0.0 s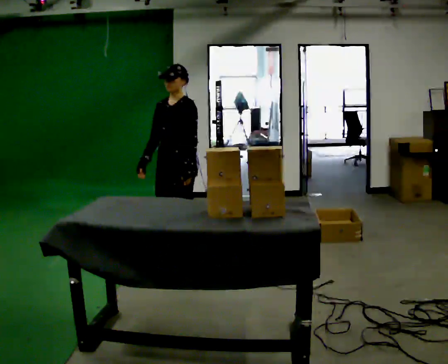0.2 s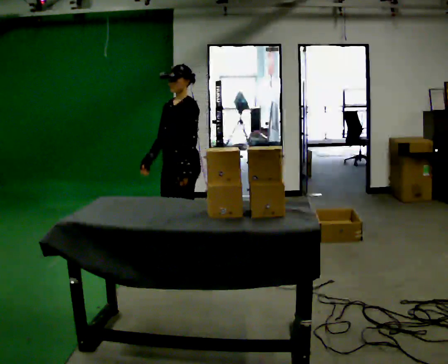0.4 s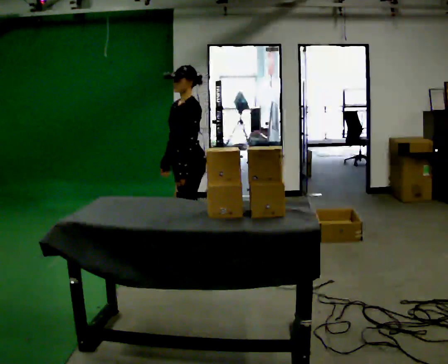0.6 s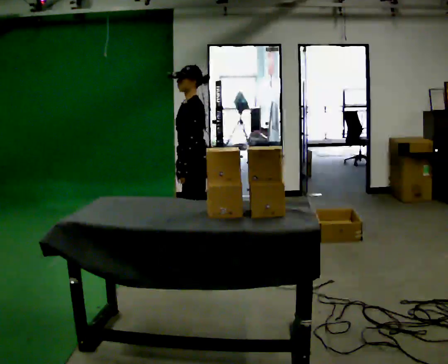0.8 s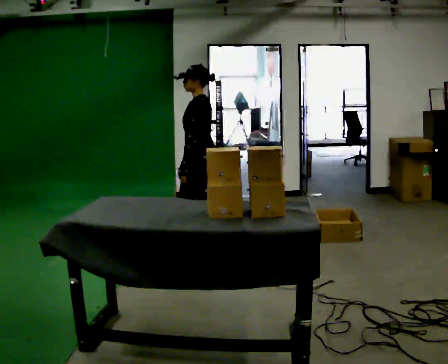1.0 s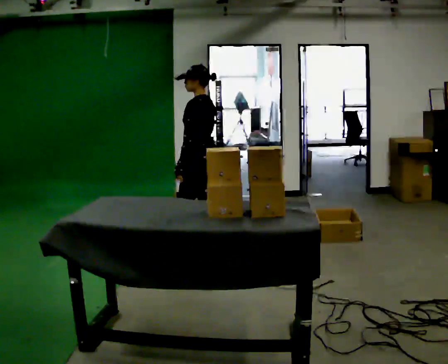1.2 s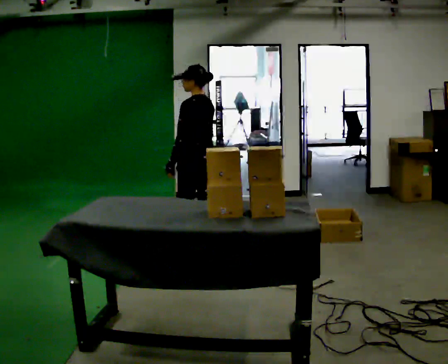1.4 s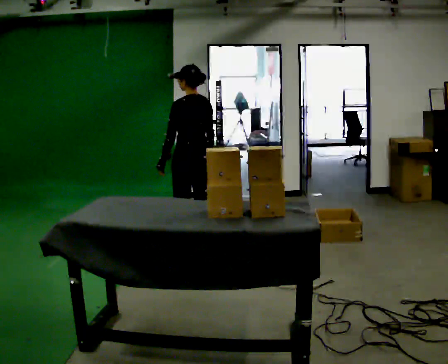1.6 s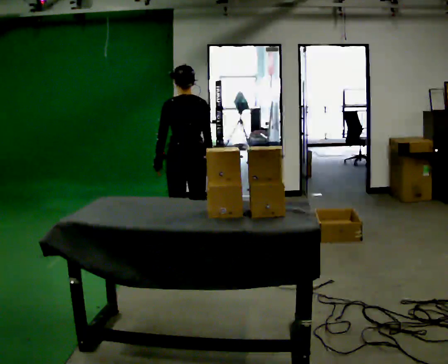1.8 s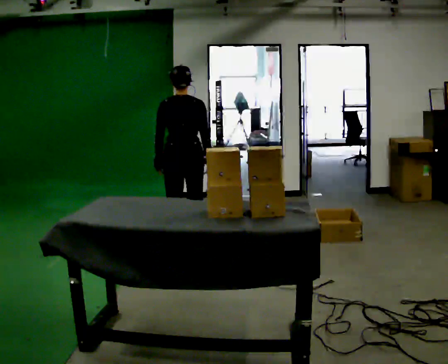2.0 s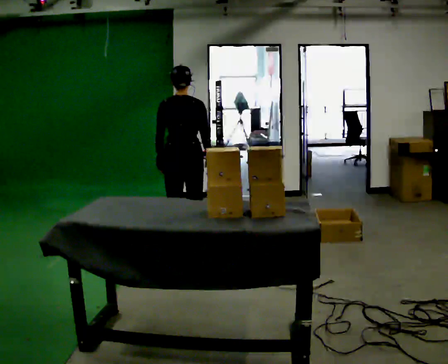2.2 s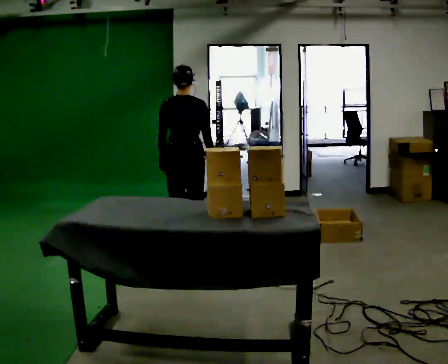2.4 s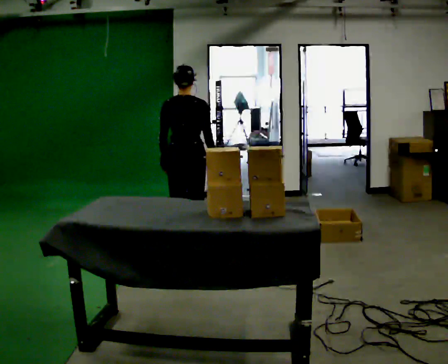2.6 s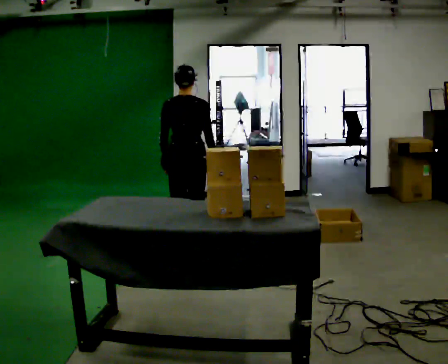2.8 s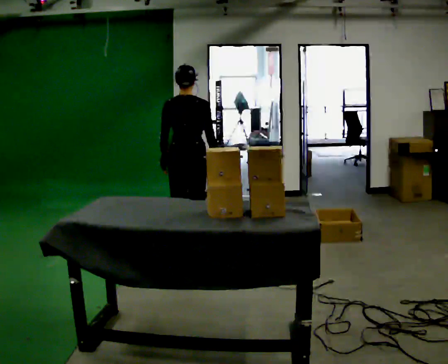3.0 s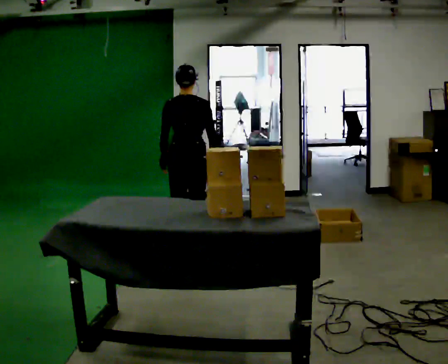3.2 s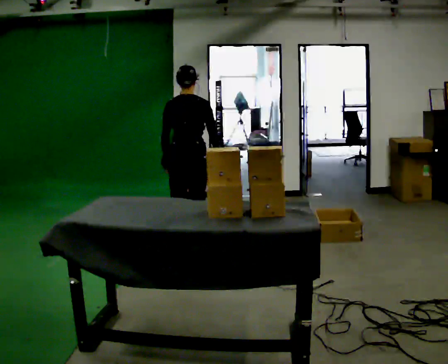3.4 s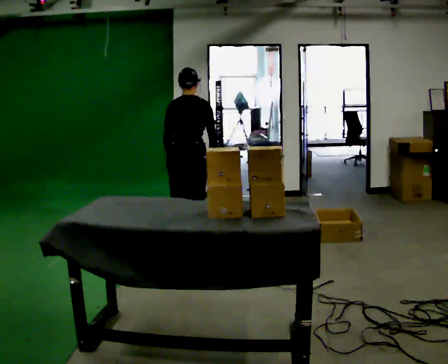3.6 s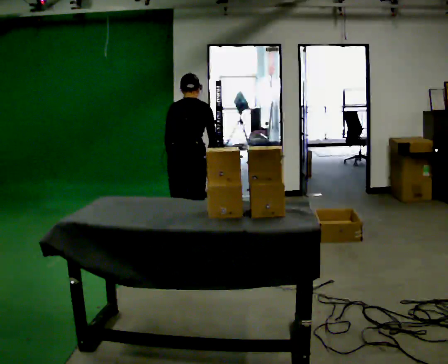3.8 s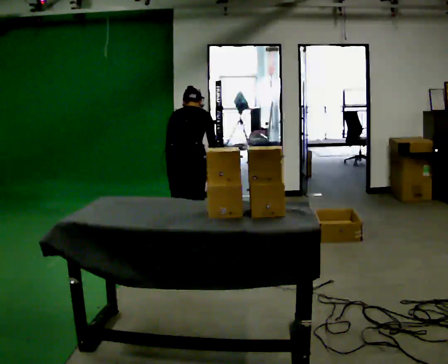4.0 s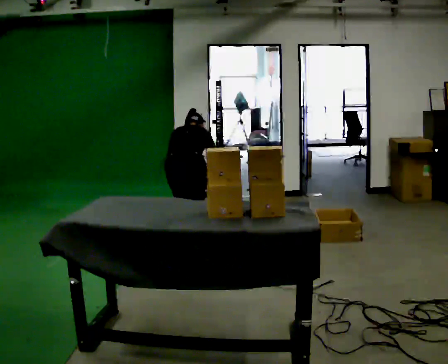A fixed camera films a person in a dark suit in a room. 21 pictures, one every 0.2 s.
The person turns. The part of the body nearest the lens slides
to the left.
The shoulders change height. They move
downward.
0.0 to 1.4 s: Seen from above the body turns clockwise, about 105 degrees: to their right, with its near side sliding to the left. In the picture they go to the right, about 0.25 m. In the picture their right hand goes to the right, the arm swinging counterclockwise.
1.4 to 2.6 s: The part of the body nearest the lens slides to the left as the person turns to their right by about 45 degrees.
2.6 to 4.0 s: The upper body goes downward. The upper body tips away from the camera, its near side rolling upward, as they bend forward.
The film runs backward here.
